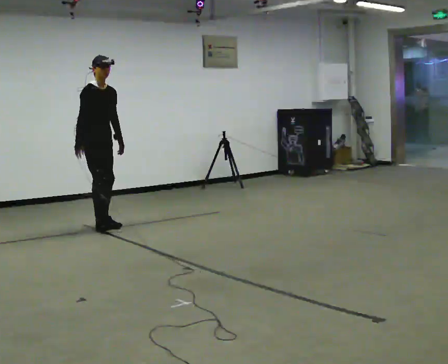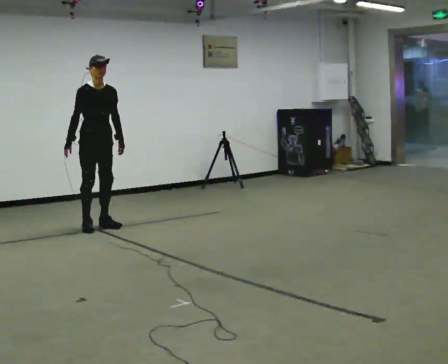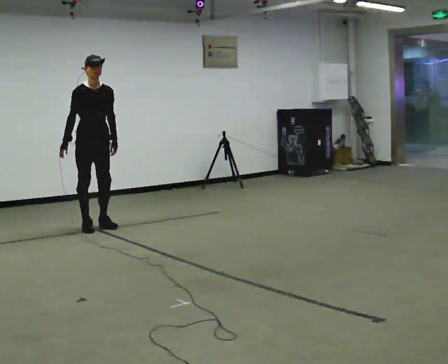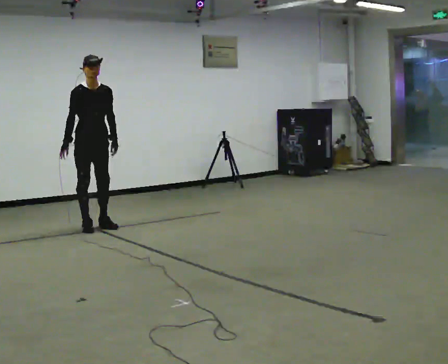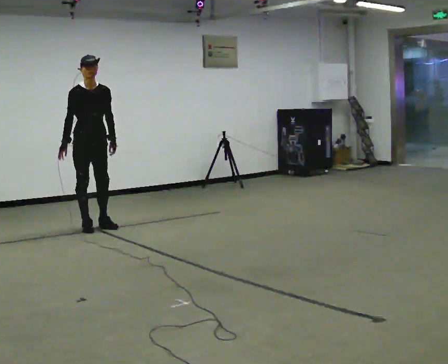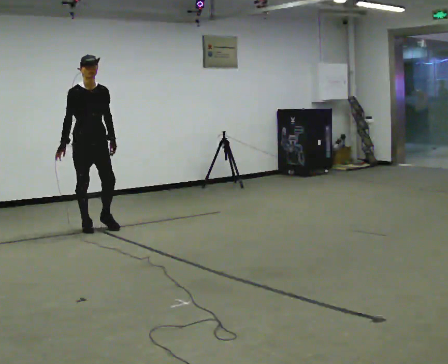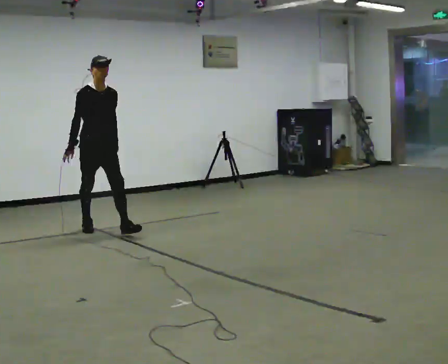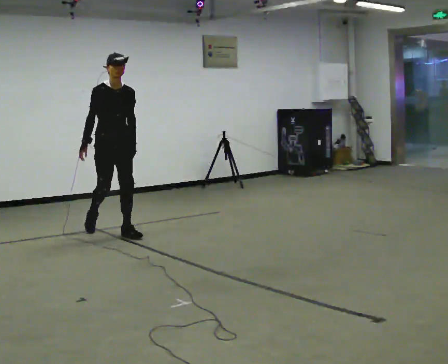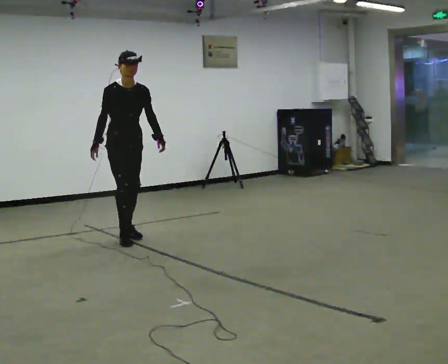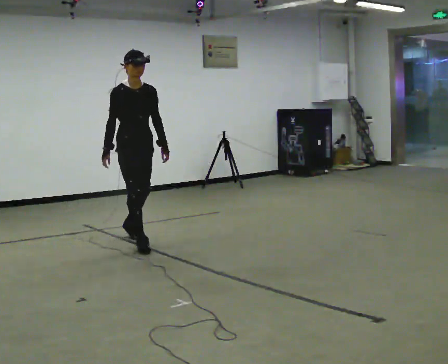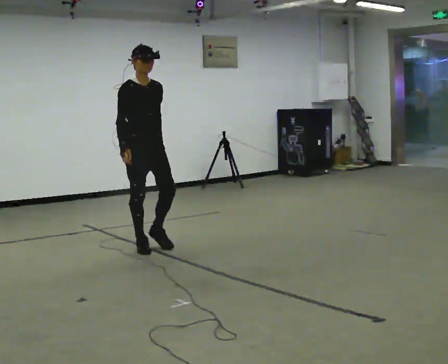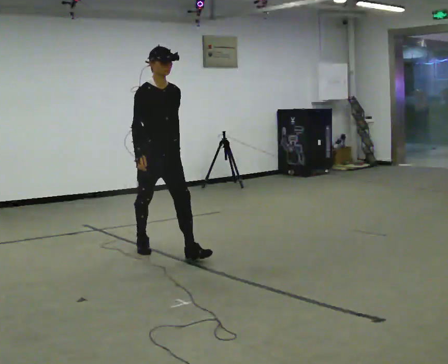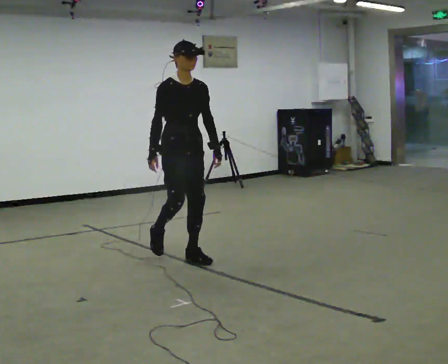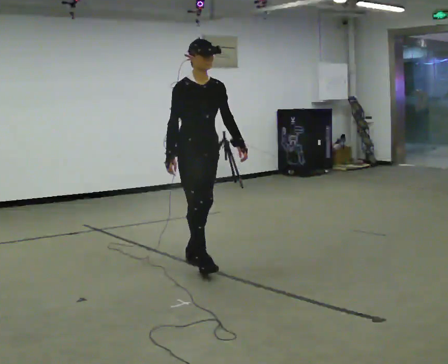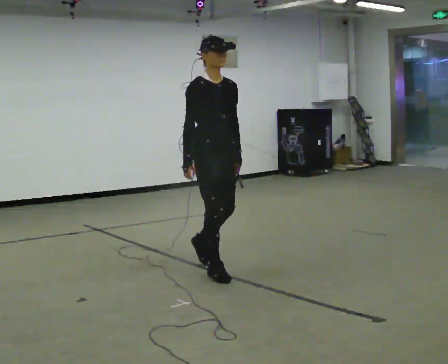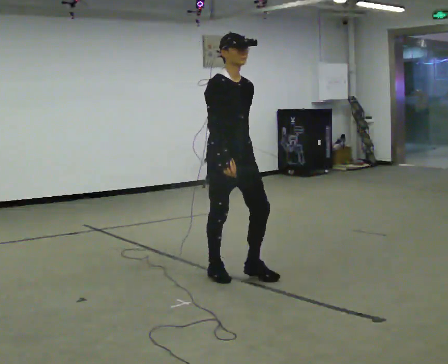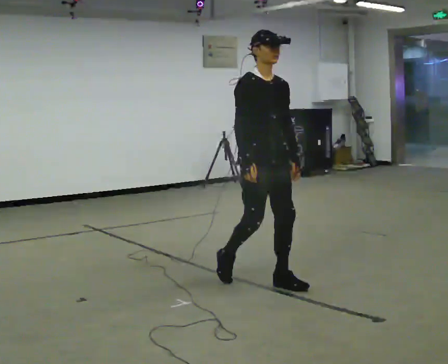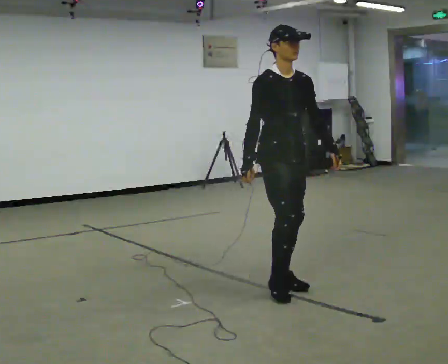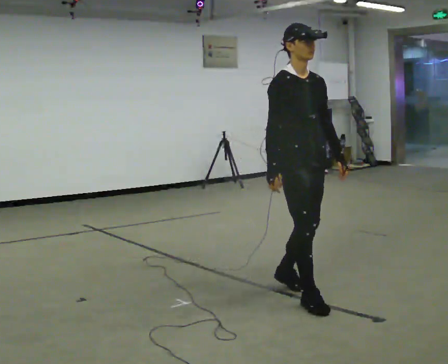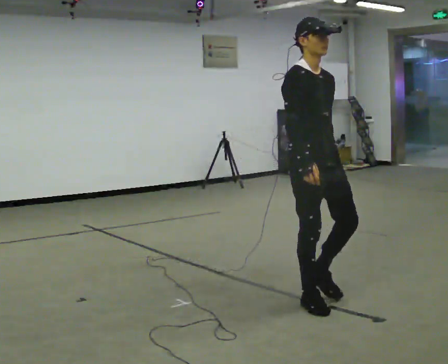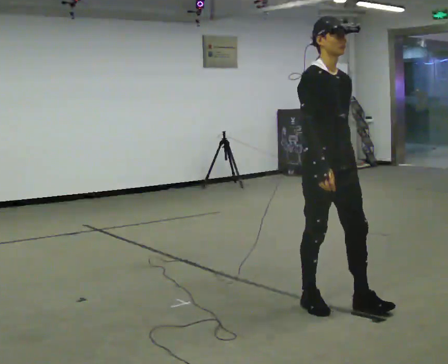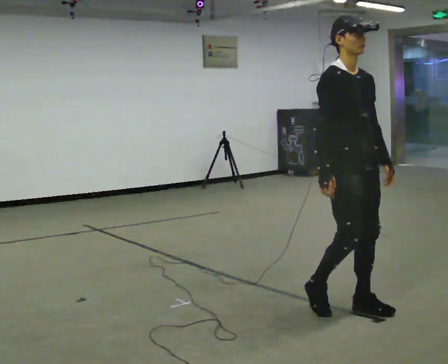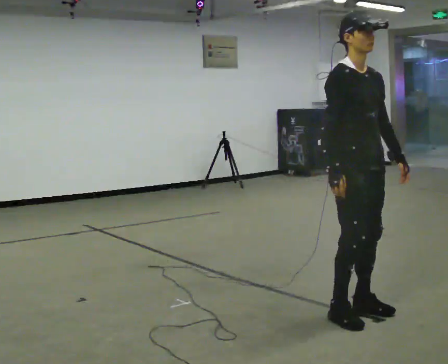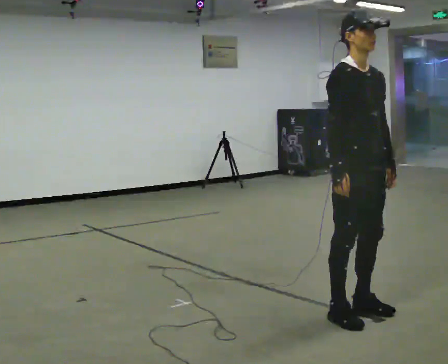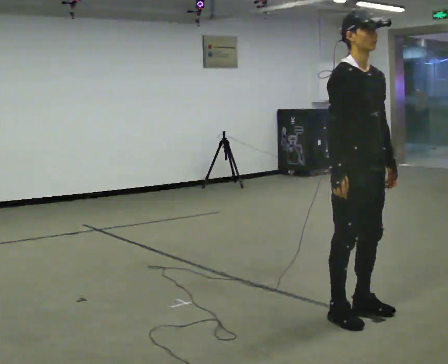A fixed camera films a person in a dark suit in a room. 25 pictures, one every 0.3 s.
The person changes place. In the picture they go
toward the camera.
0.0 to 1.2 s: The person moves a little, or ends about where they began.
1.2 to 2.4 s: In the picture they go toward the camera and to the right, about 0.5 m in 1 step, which for them is forward.
2.4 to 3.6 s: In the picture they go toward the camera and to the right, about 1 m in 2 steps, which for them is forward.
3.6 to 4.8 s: In the picture they go toward the camera and to the right, about 1 m in 2 steps, which for them is forward.
4.8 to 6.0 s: In the picture they go toward the camera and to the right, about 0.75 m in 2 steps, which for them is forward.
6.0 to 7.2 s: In the picture they go toward the camera, about 0.25 m in 1 step, which for them is forward.
The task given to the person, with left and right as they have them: Start still; walk straight at normal comfortable speed; stop at endpoint.
The film runs forward here.
